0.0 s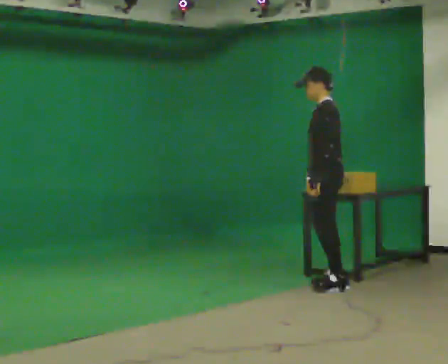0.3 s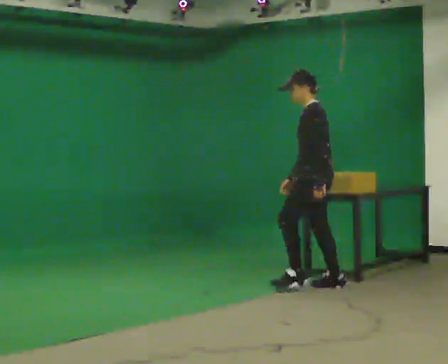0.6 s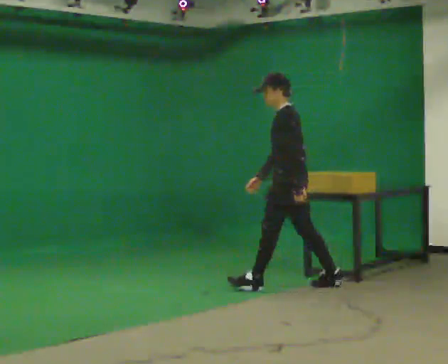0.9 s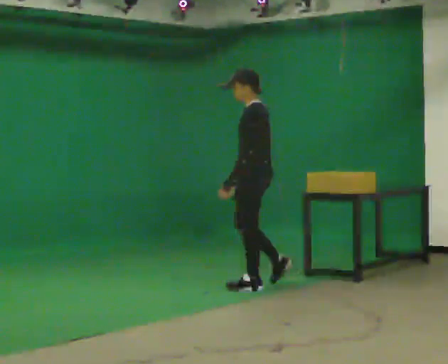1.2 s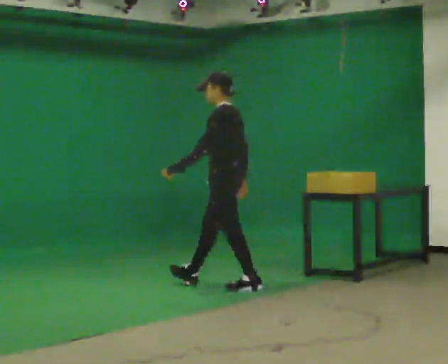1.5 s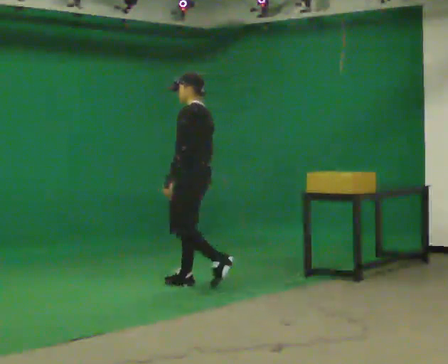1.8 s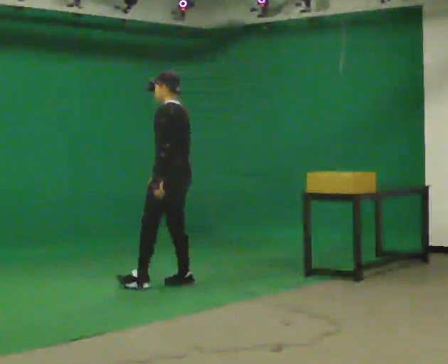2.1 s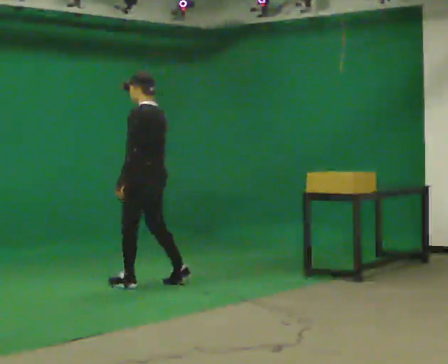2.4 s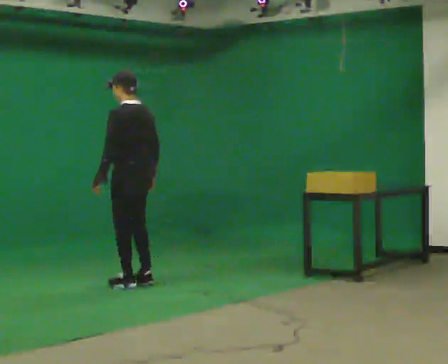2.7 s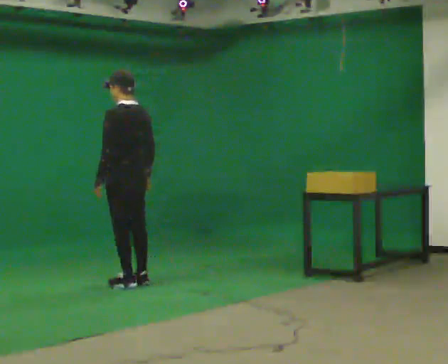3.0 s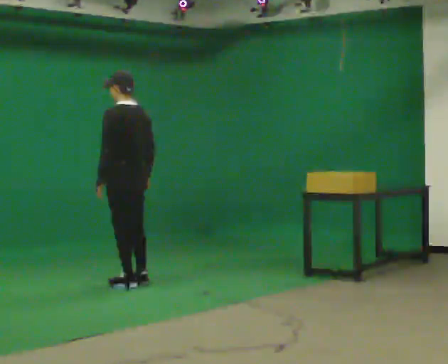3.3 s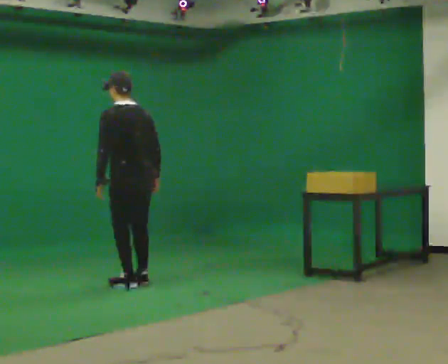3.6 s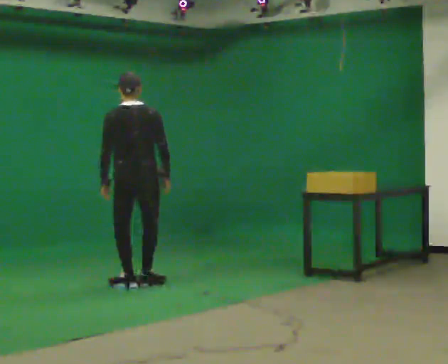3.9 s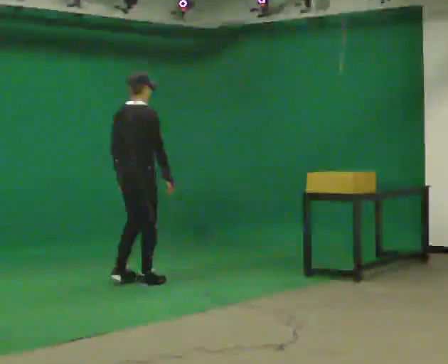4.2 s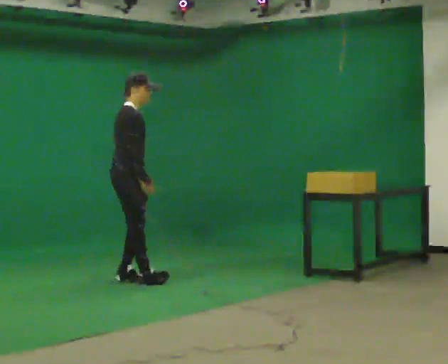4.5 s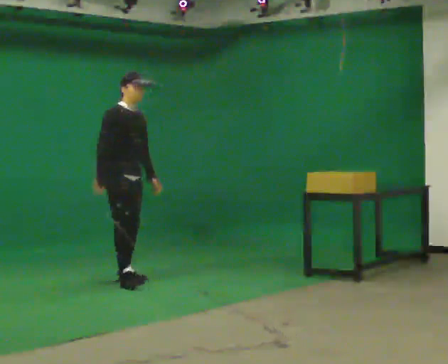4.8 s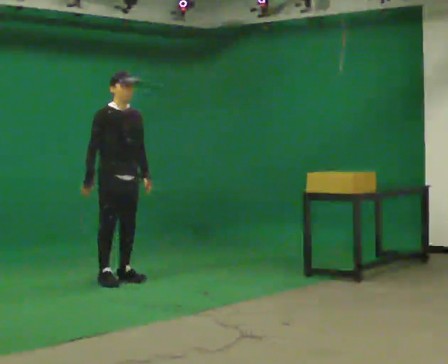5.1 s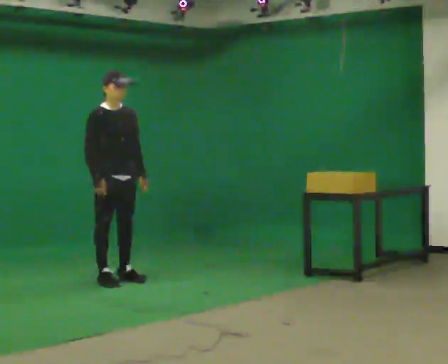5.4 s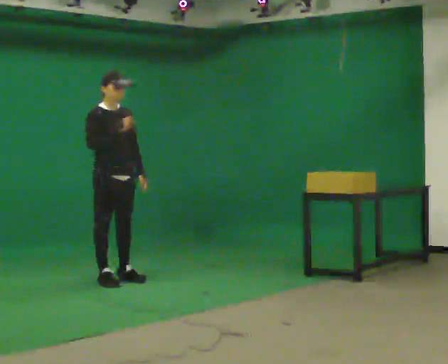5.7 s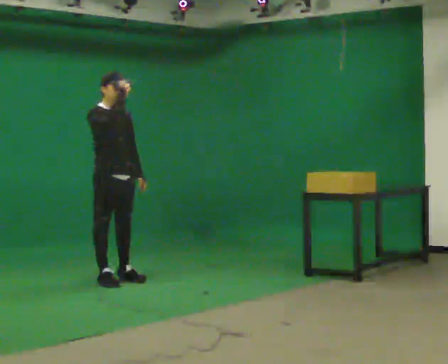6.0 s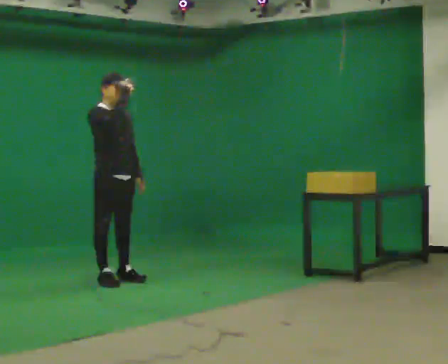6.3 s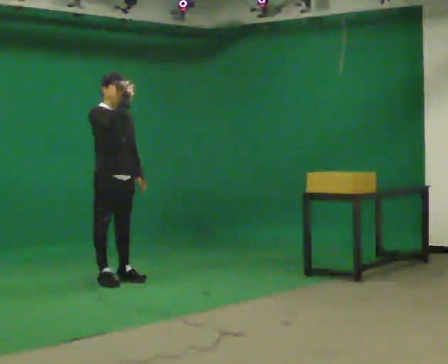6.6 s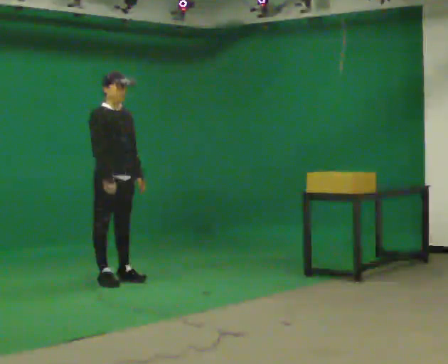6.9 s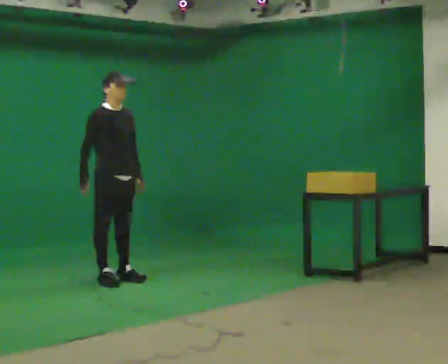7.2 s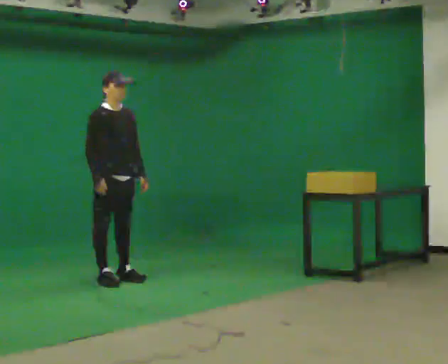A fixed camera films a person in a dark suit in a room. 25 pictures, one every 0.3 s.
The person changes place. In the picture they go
to the left.
The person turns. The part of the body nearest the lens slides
to the left.
0.0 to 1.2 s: In the picture they go to the left, about 1 m in 1 step, which for them is forward.
1.2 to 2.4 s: In the picture they go to the left, about 0.5 m in 2 steps, which for them is forward.
2.4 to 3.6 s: The person turns about 60 degrees to their right, clockwise seen from above, so the part of the body nearest the lens slides to the left.
3.6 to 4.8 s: Seen from above the body turns clockwise, about 135 degrees: to their right, with its near side sliding to the left. In the picture they go to the left, about 0.25 m in 2 steps.
4.8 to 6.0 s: In the picture their right hand goes upward and to the right.
6.0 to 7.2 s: In the picture their right hand goes downward.
The film runs forward here.
